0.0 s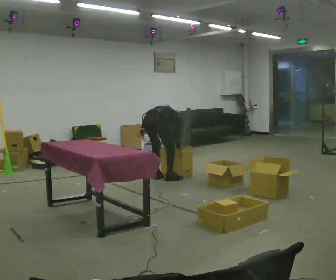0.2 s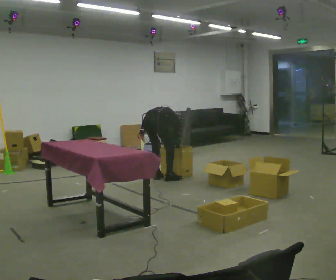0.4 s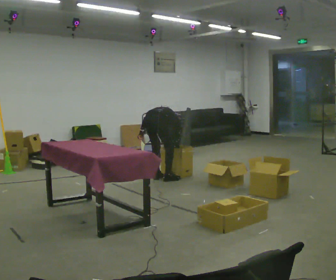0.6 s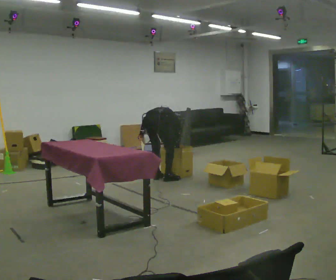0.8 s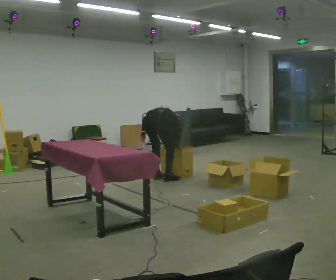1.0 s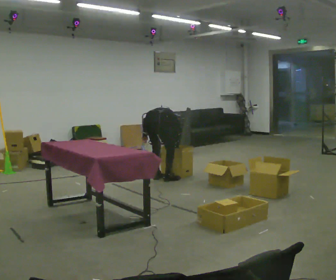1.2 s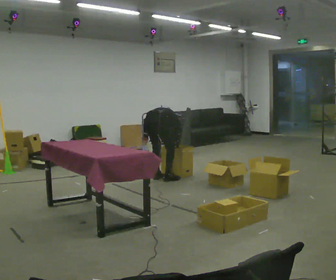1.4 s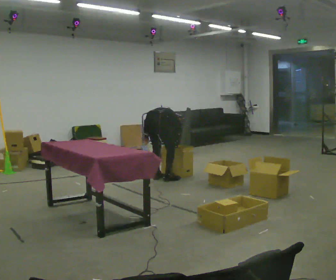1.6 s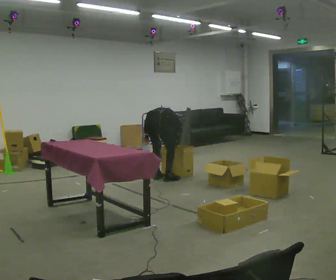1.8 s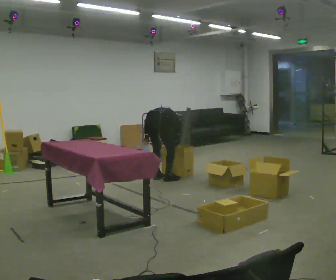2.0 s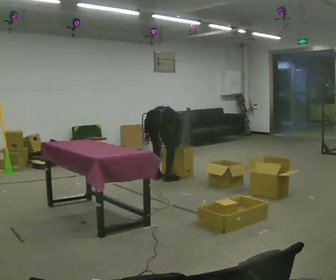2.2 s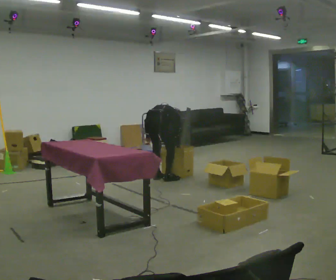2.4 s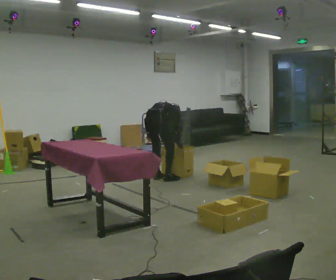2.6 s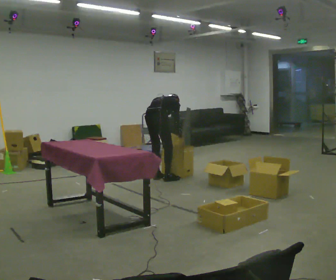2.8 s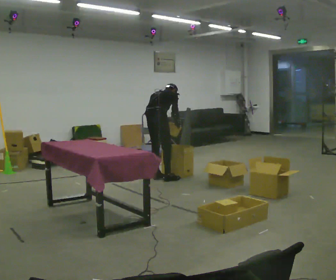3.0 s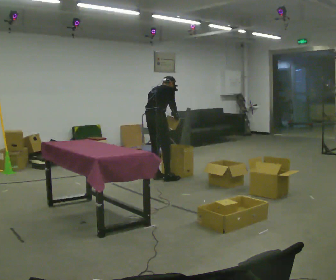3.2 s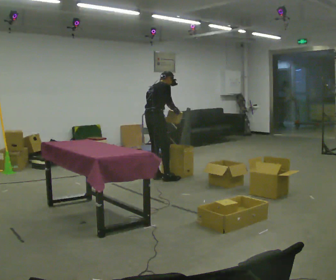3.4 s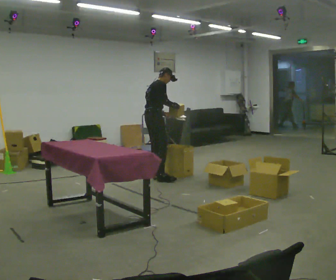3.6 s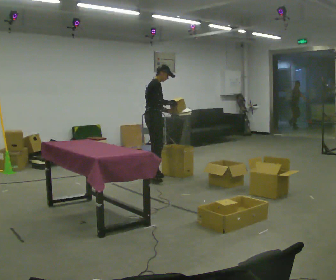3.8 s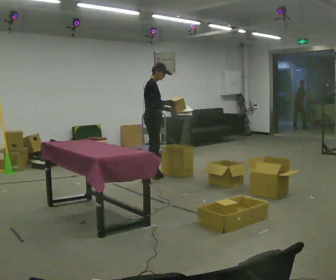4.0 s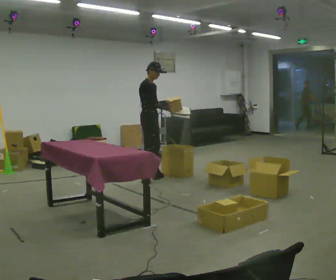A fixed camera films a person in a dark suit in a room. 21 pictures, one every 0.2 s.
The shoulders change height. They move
upward.
Their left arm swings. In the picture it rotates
counterclockwise.
0.0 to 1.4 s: The person moves a little, or ends about where they began.
1.4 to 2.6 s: The shoulders move upward. In the picture the upper body tilts counterclockwise, shoulders to the left, as they lean back or straighten.
2.6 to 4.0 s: Seen from above the body turns clockwise, about 75 degrees: to their right, with its near side sliding to the left. The shoulders move upward. The upper body tips toward the camera, its near side rolling downward, as they lean back or straighten. In the picture their left hand goes upward, the arm swinging counterclockwise.
The film runs forward here.
